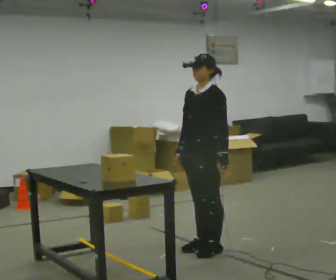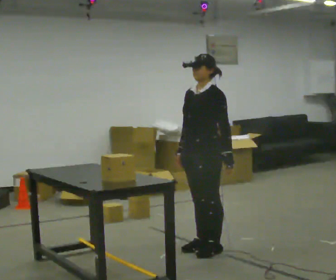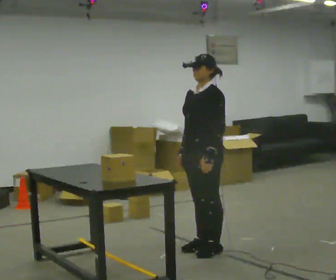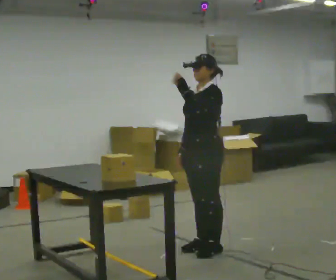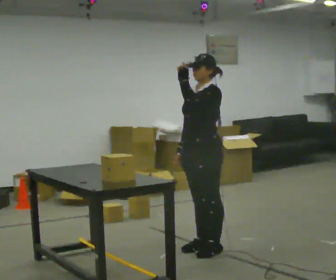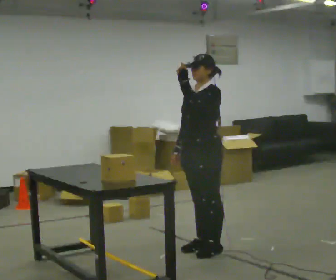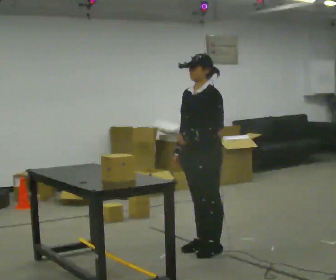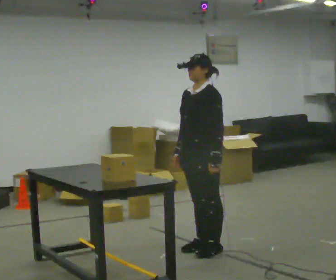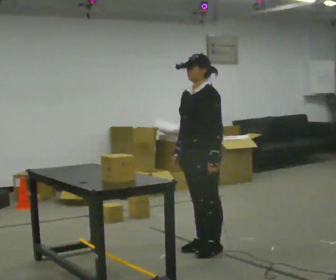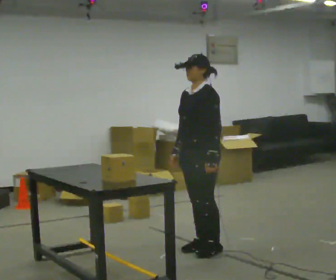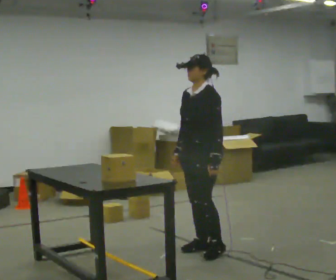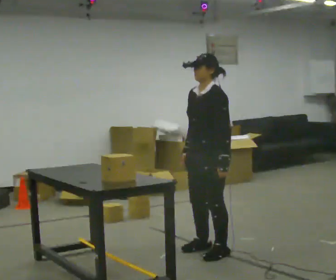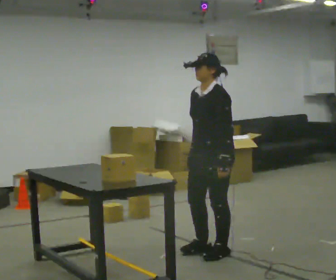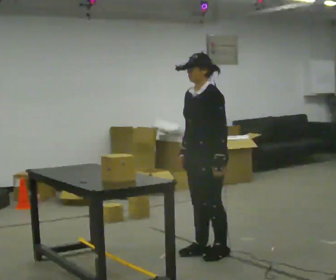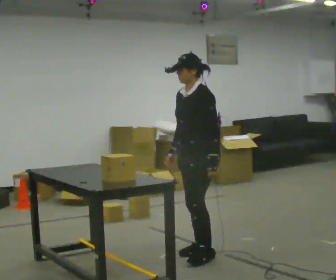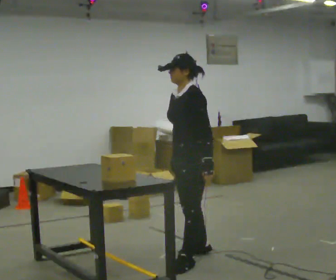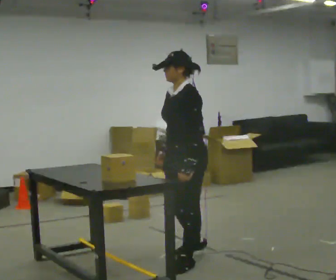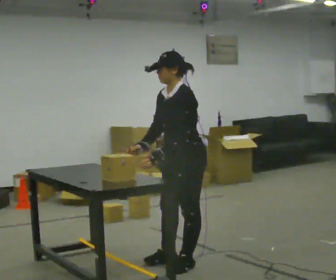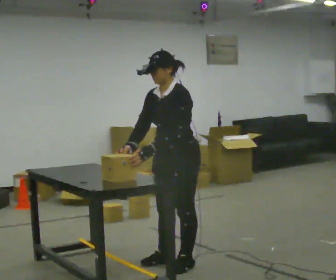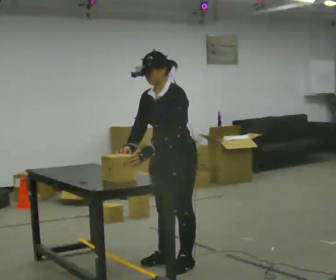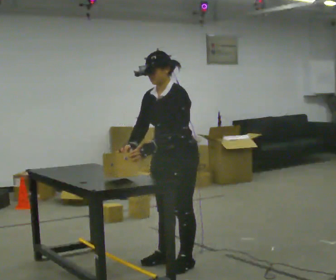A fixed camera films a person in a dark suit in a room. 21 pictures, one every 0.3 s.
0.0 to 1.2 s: In the picture their left hand goes upward and to the left.
1.2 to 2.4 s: In the picture their left hand goes downward.
2.4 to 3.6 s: The person moves a little, or ends about where they began.
3.6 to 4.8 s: In the picture they go toward the camera and to the left, about 0.25 m in 2 steps, which for them is forward and to their left.
4.8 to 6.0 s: The person moves a little, or ends about where they began.
The film runs backward here.
